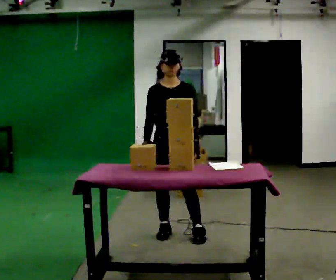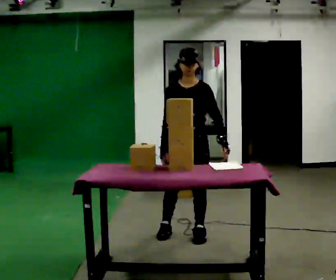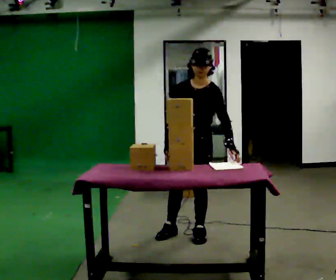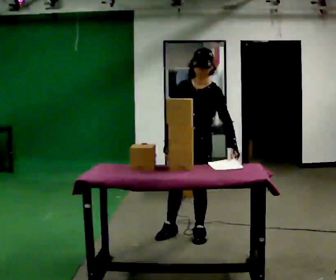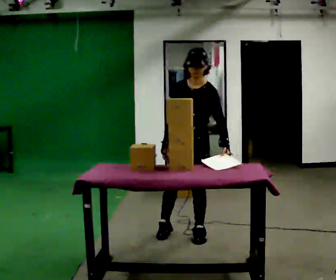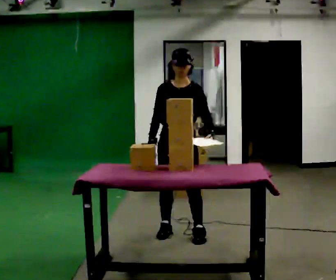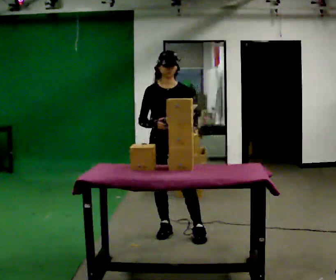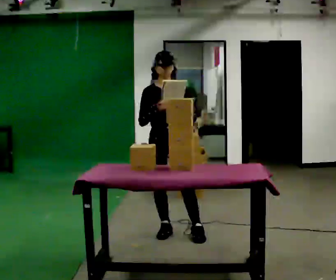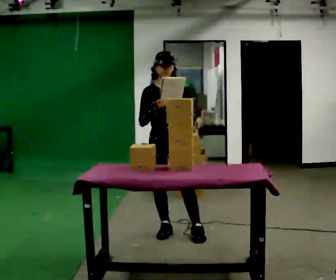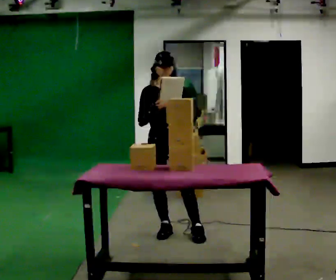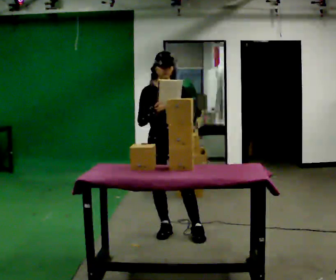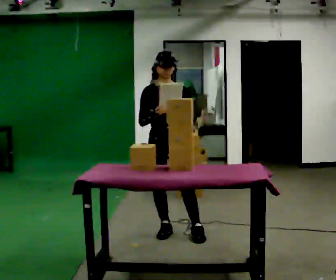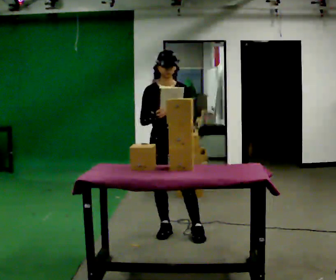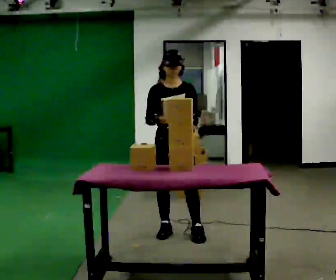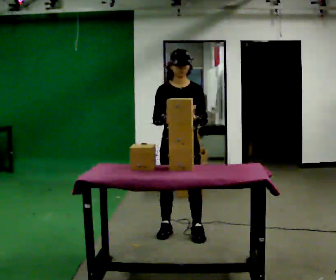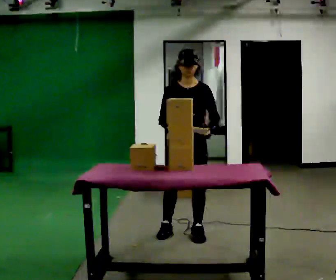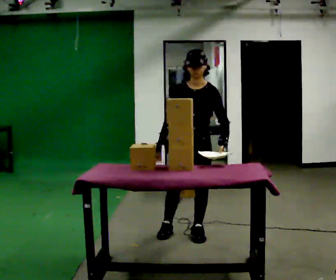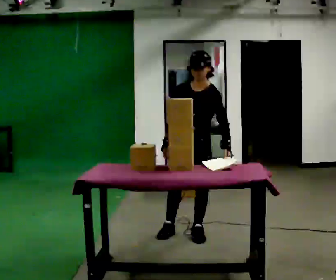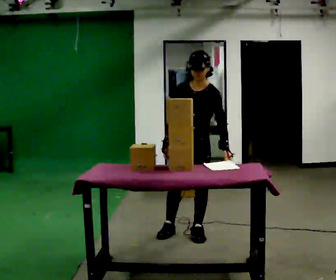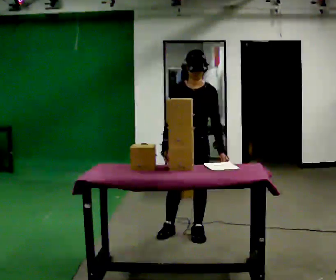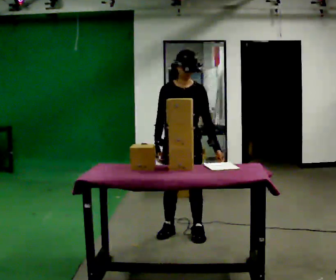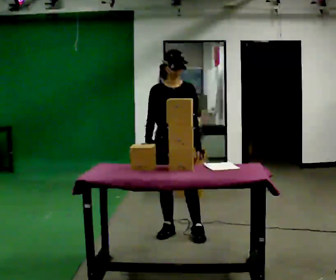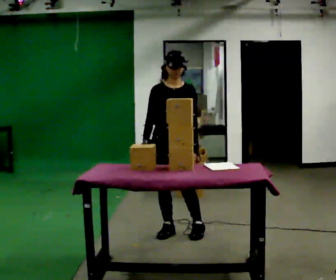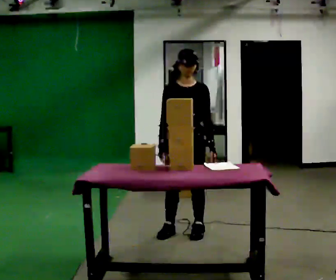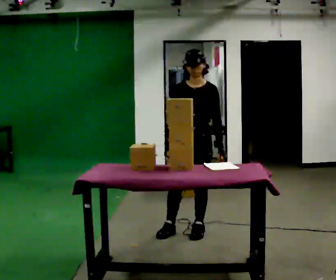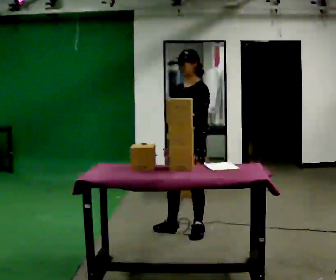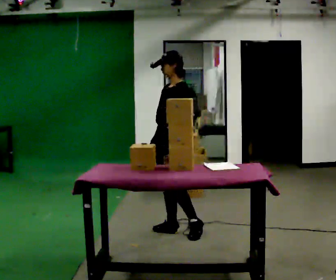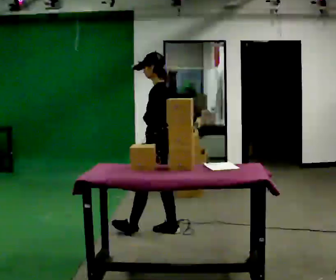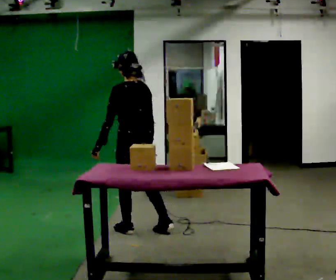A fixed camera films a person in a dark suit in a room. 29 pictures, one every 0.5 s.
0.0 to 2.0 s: Seen from above the body turns clockwise, about 30 degrees: to their right, with its near side sliding to the left. In the picture they go to the right, about 0.25 m, which for them is to their left.
2.0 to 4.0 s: The part of the body nearest the lens slides to the right as the person turns to their left by about 30 degrees. In the picture they go to the left, about 0.25 m, which for them is to their right. The upper body tips away from the camera, its near side rolling upward, as they lean back or straighten.
4.0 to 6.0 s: The person moves a little, or ends about where they began.
6.0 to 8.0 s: In the picture they go to the right, about 0.25 m, which for them is to their left.
8.0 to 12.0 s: The person moves a little, or ends about where they began.
12.0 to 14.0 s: Seen from above the body turns clockwise, about 120 degrees: to their right, with its near side sliding to the left. In the picture they go to the left, about 0.5 m in 1 step.
The film runs forward here.
